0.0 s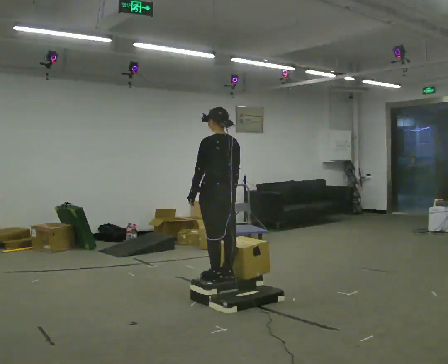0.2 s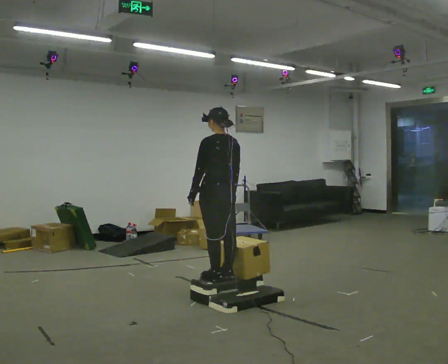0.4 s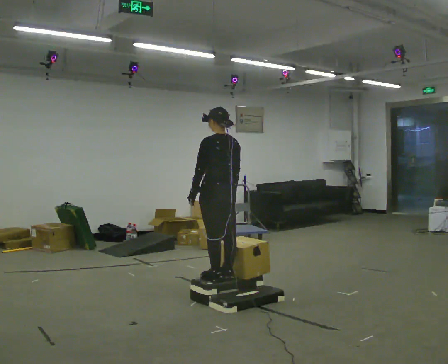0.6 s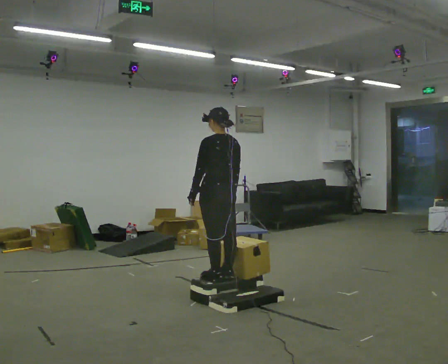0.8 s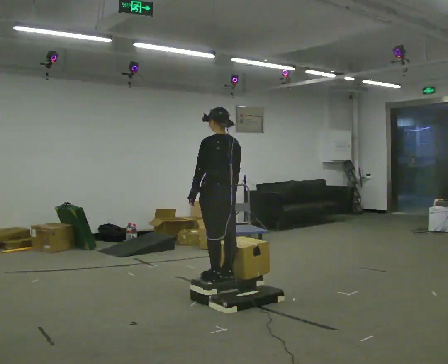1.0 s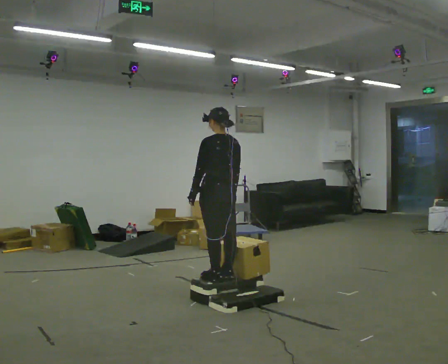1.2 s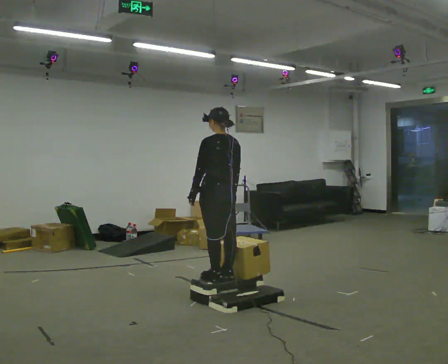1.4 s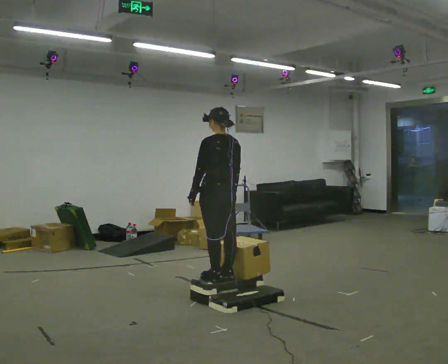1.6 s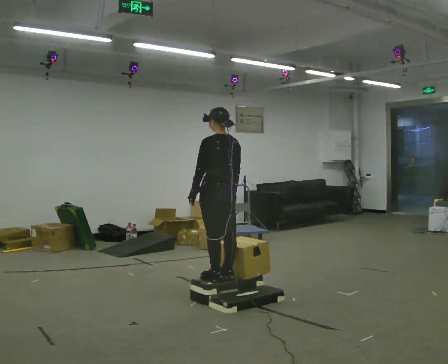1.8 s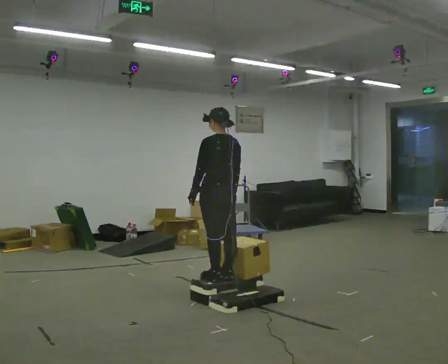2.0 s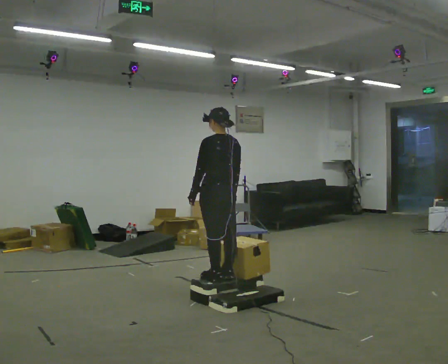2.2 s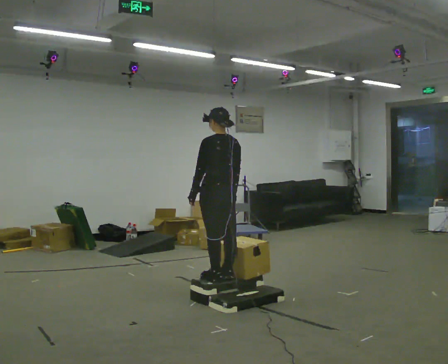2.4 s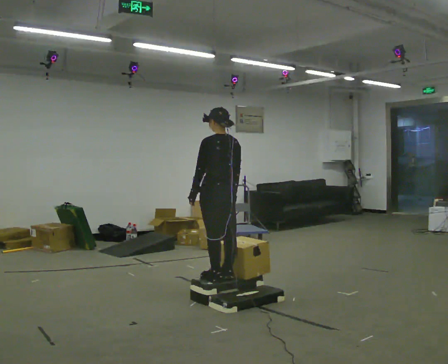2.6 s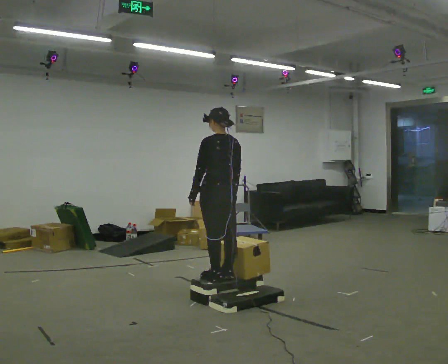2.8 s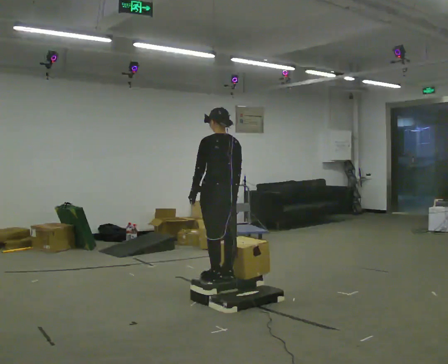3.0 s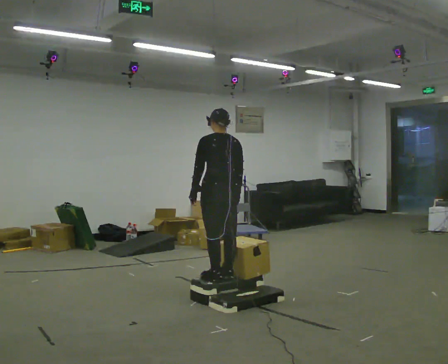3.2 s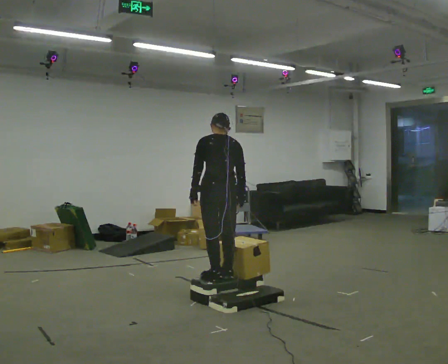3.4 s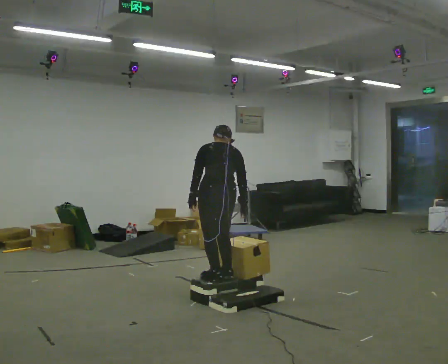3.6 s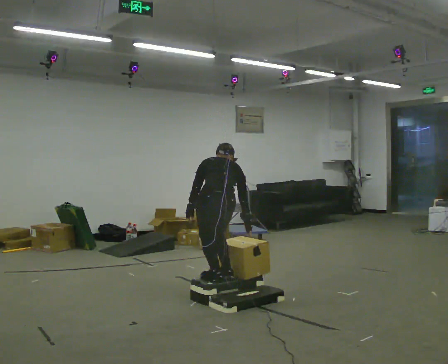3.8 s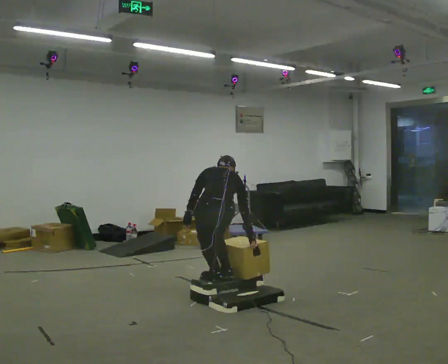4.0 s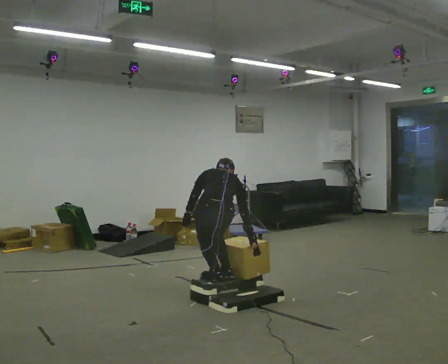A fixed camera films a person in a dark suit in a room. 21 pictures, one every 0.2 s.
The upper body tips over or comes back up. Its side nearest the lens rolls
upward.
The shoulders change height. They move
downward.
0.0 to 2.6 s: The person keeps their place and pose.
2.6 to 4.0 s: The part of the body nearest the lens slides to the left as the person turns to their right by about 30 degrees. The upper body goes downward. The upper body tips away from the camera, its near side rolling upward, as they bend forward. In the picture their right hand goes downward.
The film runs forward here.
